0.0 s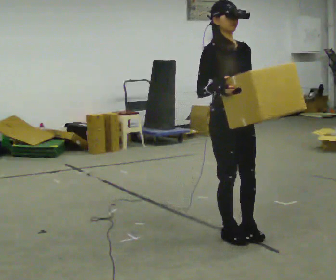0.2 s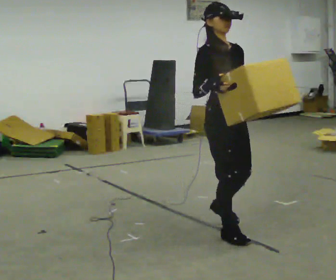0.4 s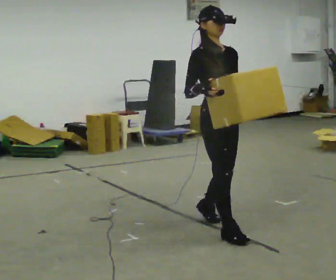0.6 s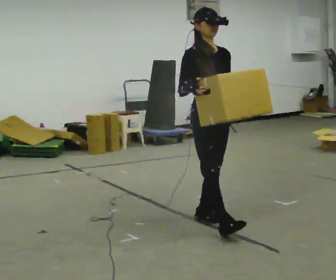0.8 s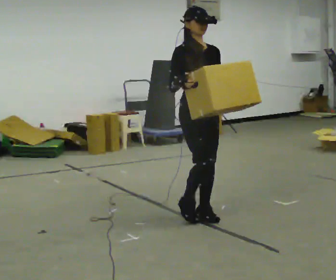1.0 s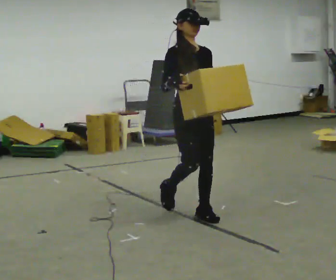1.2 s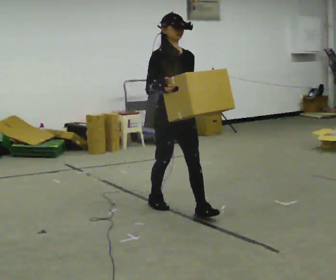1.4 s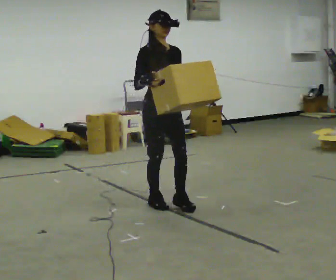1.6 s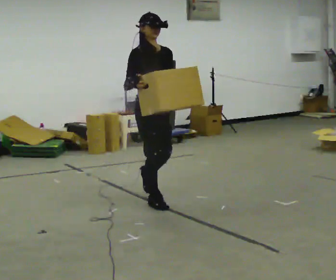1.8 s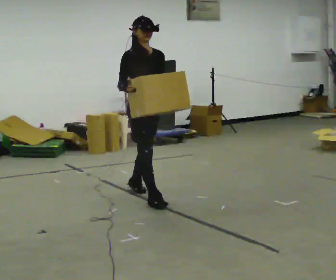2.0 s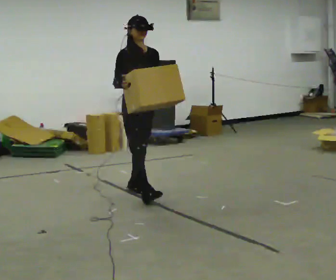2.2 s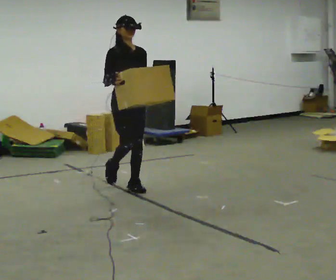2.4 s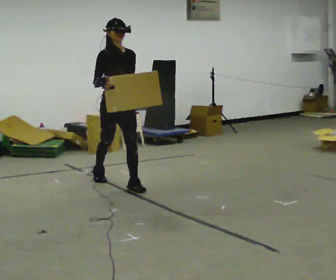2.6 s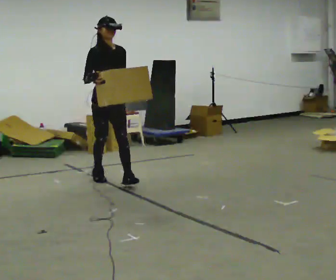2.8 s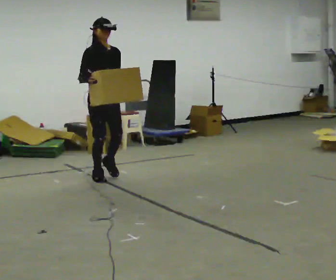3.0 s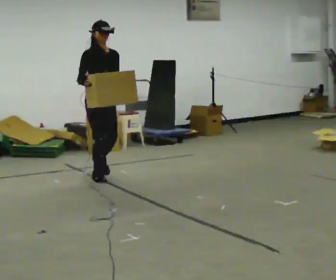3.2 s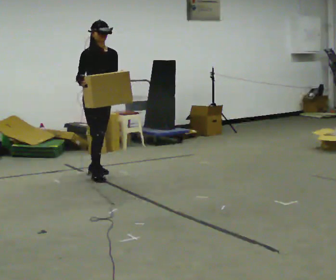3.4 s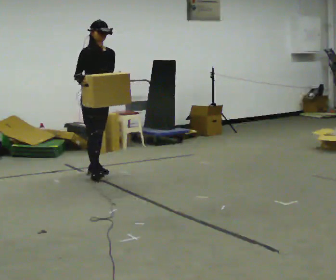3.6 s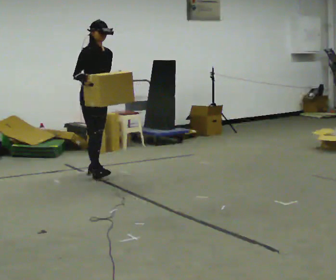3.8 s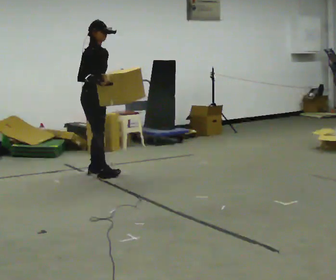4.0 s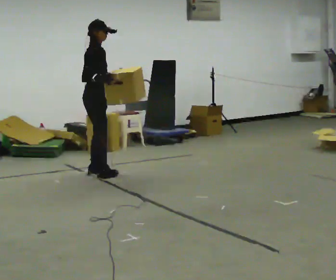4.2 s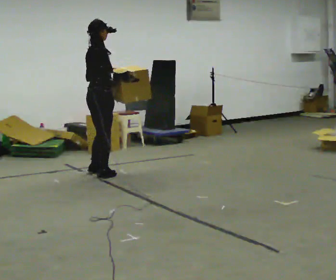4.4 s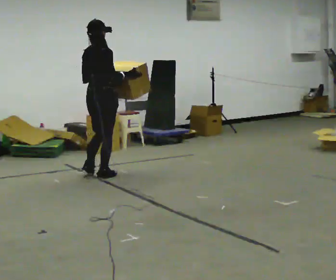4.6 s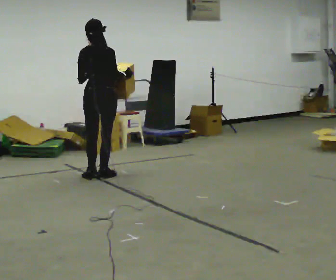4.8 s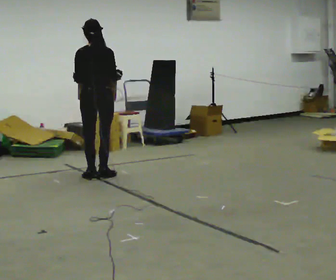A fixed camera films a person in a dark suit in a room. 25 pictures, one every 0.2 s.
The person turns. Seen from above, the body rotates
counterclockwise.
The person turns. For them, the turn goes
to their left.
0.0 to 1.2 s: In the picture they go away from the camera and to the left, about 1 m in 2 steps, which for them is backward.
1.2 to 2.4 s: In the picture they go away from the camera and to the left, about 1 m in 1 step, which for them is backward.
2.4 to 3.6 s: In the picture they go away from the camera and to the left, about 0.75 m in 1 step, which for them is backward.
3.6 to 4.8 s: Seen from above the body turns counterclockwise, about 135 degrees: to their left, with its near side sliding to the right. In the picture they go toward the camera, about 0.25 m in 1 step. In the picture their right hand goes to the right.
The film runs backward here.
